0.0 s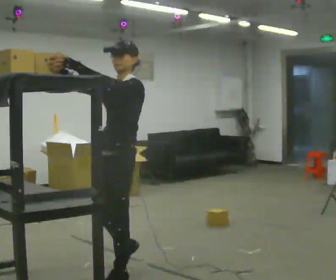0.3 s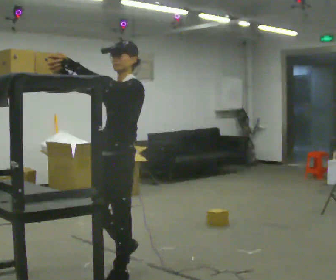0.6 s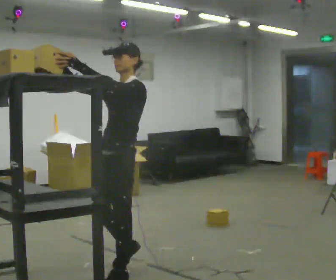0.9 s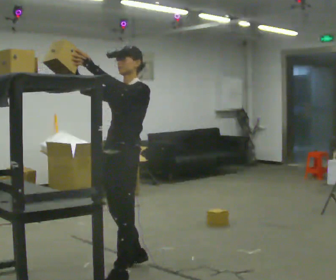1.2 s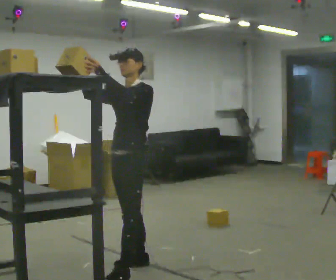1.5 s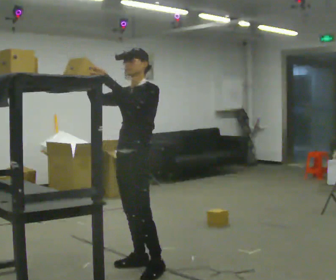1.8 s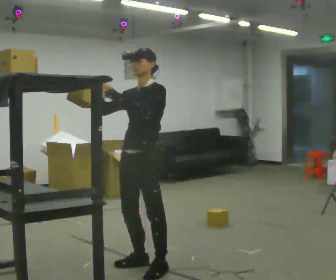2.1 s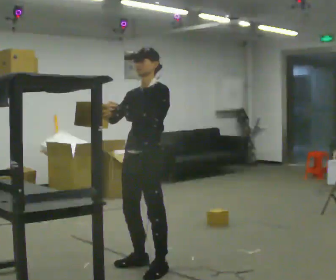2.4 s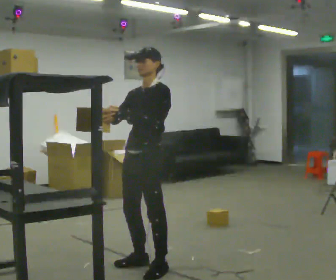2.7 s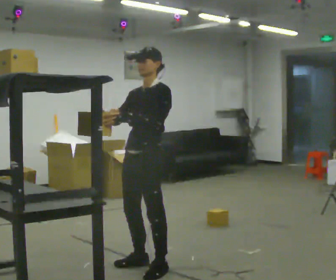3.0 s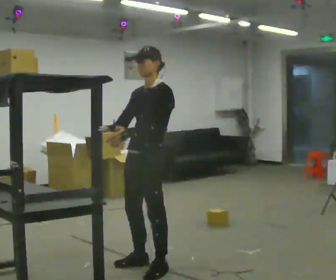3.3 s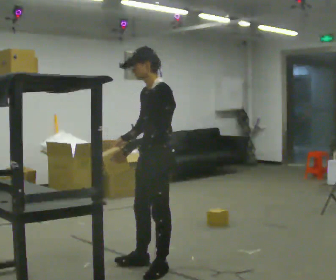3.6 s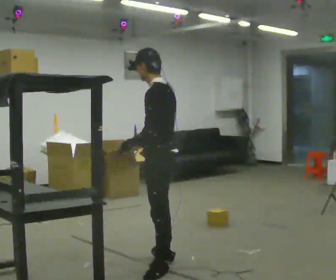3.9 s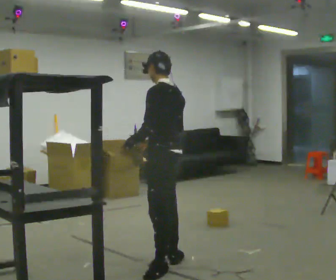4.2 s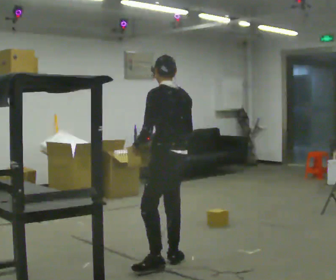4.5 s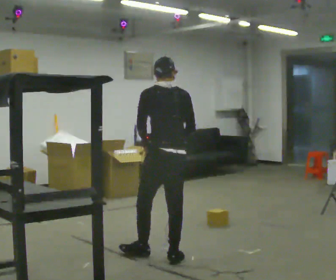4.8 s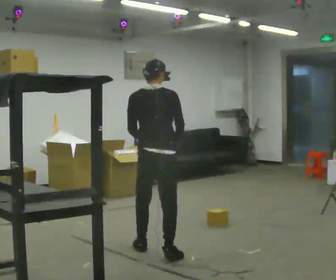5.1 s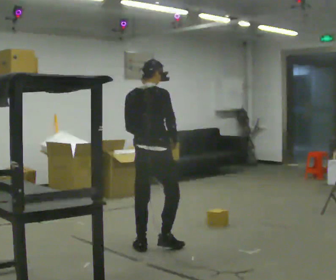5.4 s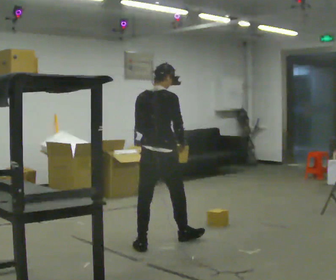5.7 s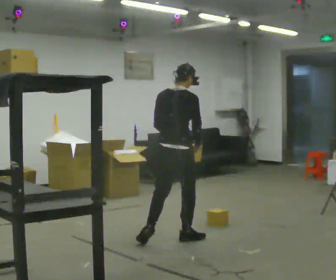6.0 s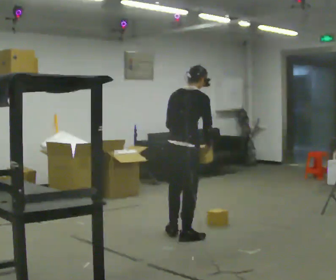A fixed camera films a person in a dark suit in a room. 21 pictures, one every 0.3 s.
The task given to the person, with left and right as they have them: Pick an object up off the floor, carry it across the room, and place it on the highest shelf you can comfortably reach. Keep going until the operator says stop; one object at a time, and do not rush between trips.
0.0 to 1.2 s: In the picture they go away from the camera, about 0.25 m, which for them is backward and to their right.
1.2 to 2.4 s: The person moves a little, or ends about where they began.
2.4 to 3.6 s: Seen from above the body turns clockwise, about 45 degrees: to their right, with its near side sliding to the left. In the picture their right hand goes to the right, the arm swinging counterclockwise.
3.6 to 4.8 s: Seen from above the body turns clockwise, about 90 degrees: to their right, with its near side sliding to the left. In the picture they go away from the camera, about 0.5 m in 2 steps.
4.8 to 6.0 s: Seen from above the body turns clockwise, about 30 degrees: to their right, with its near side sliding to the left. In the picture they go away from the camera and to the right, about 0.5 m in 1 step, which for them is forward. In the picture the upper body tilts clockwise, shoulders to the right, as they bend forward.
The film runs forward here.
